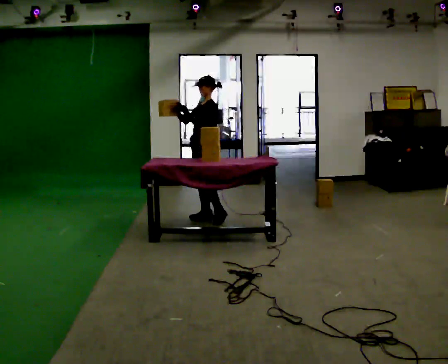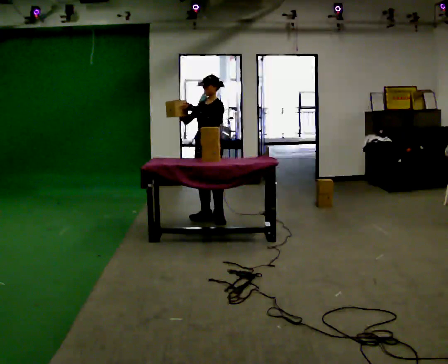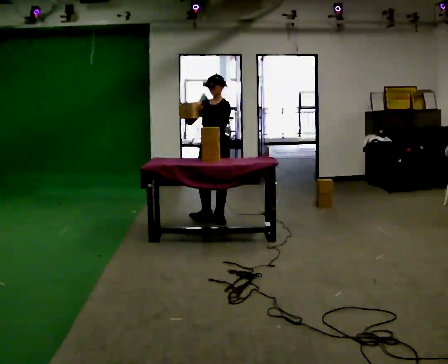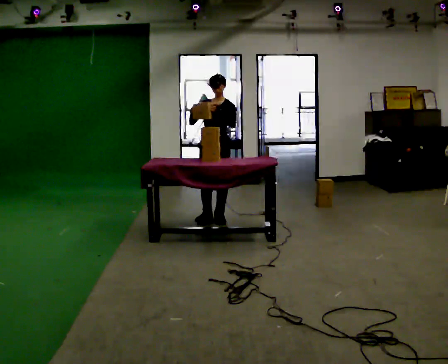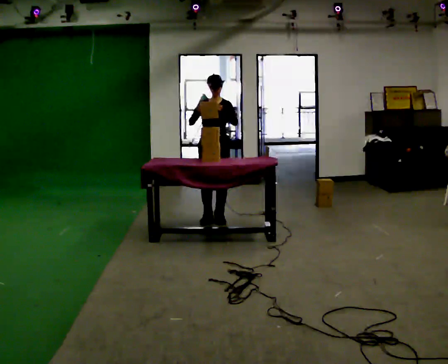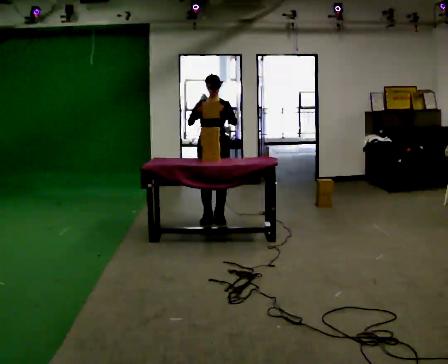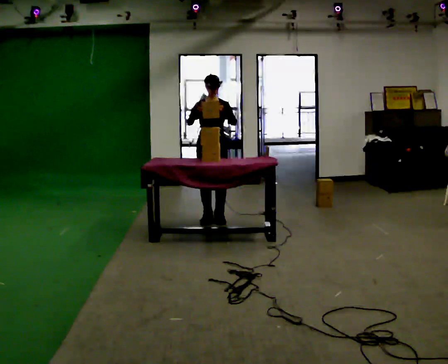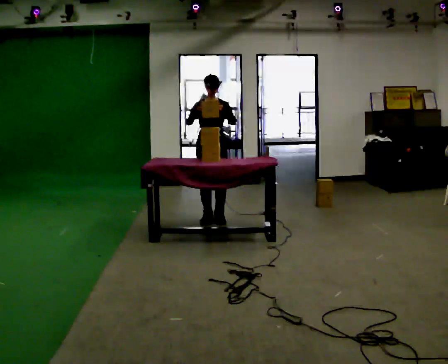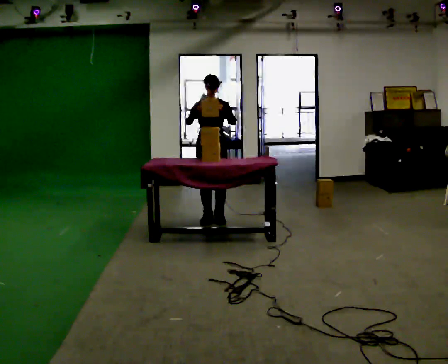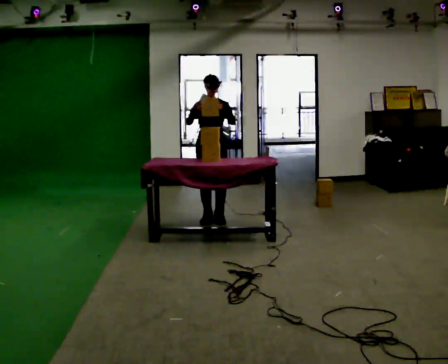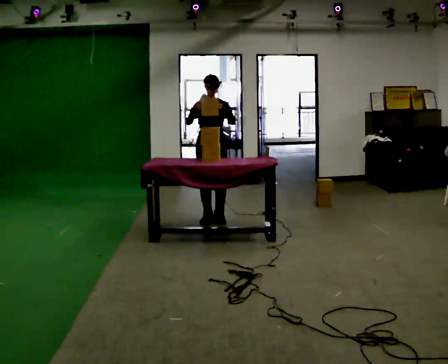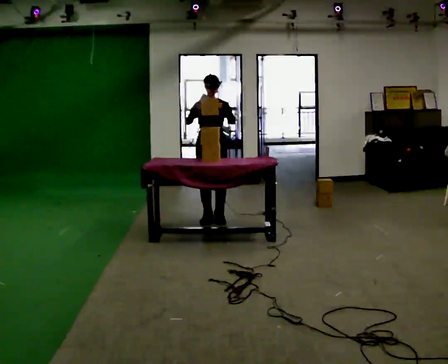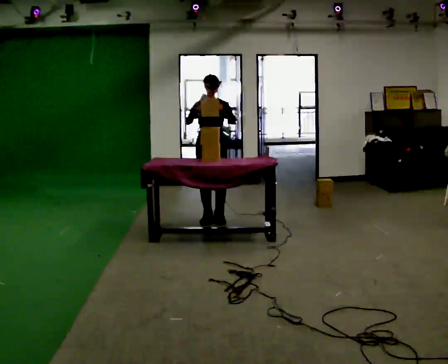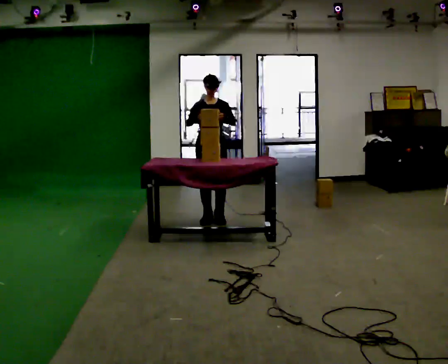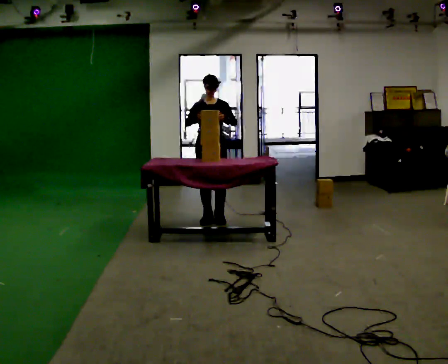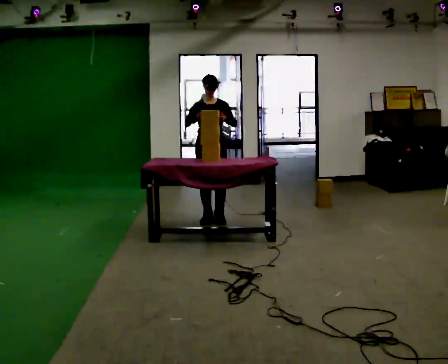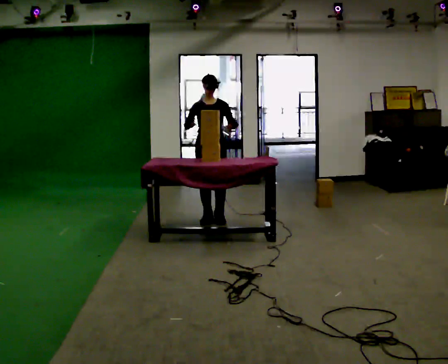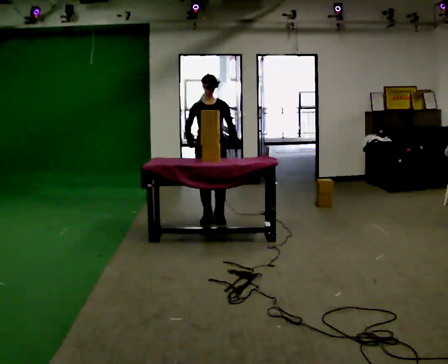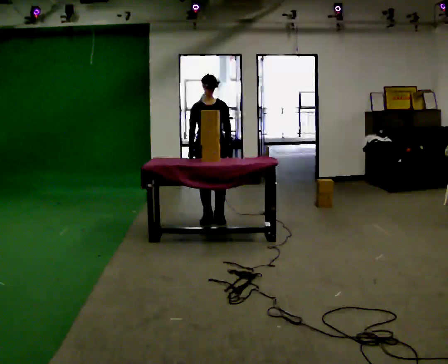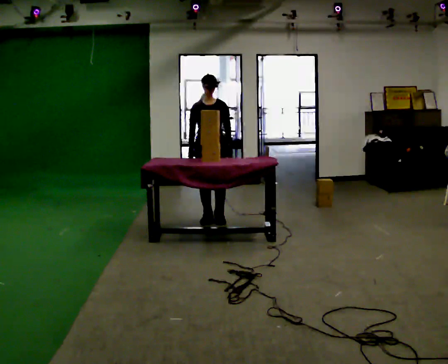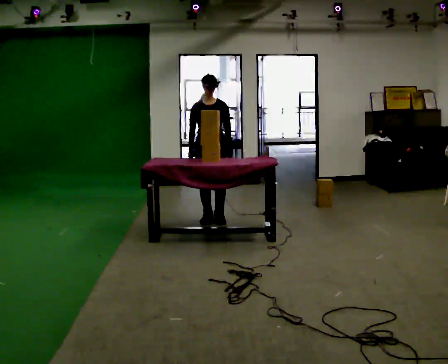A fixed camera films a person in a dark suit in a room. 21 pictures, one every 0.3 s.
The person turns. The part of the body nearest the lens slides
to the right.
Their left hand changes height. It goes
downward.
0.0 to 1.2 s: The person turns about 60 degrees to their left, counterclockwise seen from above, so the part of the body nearest the lens slides to the right.
1.2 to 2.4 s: The person moves a little, or ends about where they began.
2.4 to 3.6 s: The person keeps their place and pose.
3.6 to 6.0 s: In the picture their left hand goes downward.
The film runs backward here.
